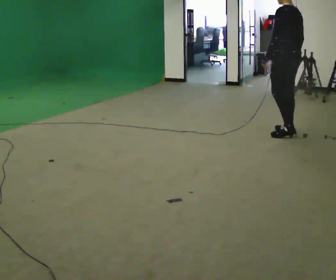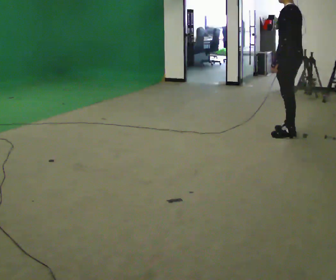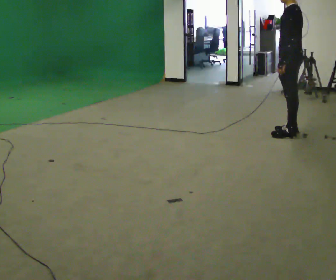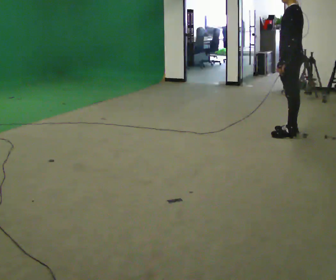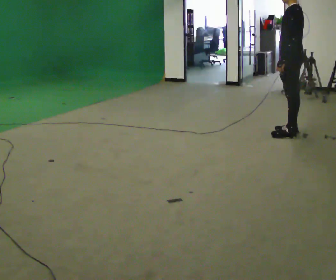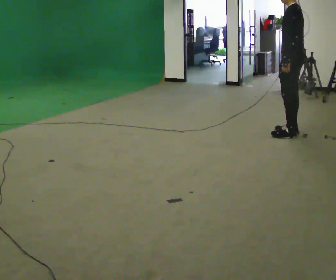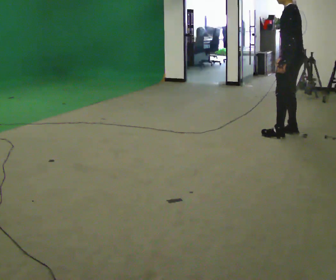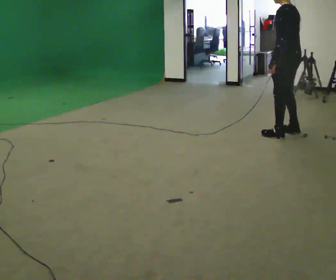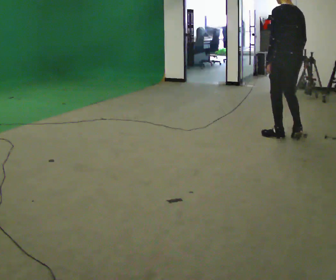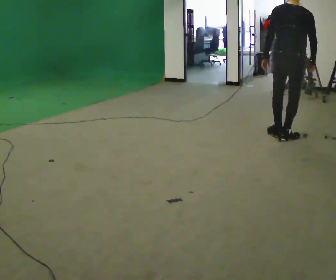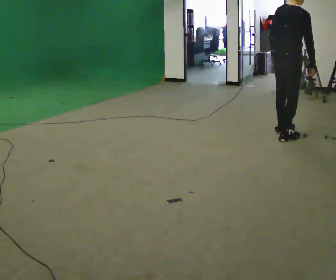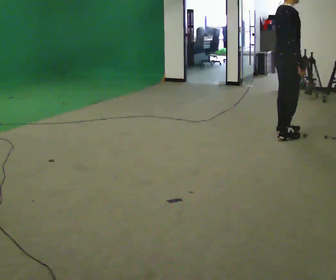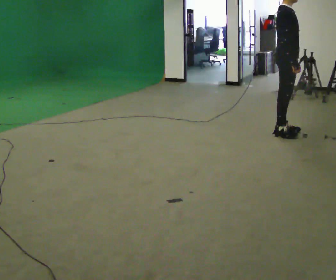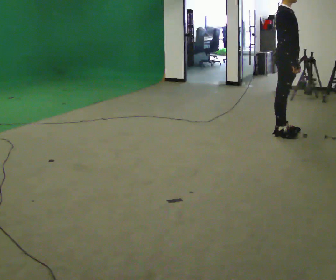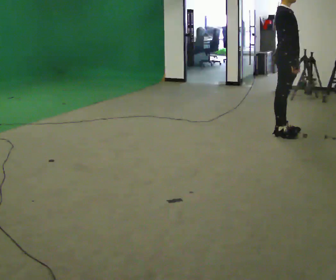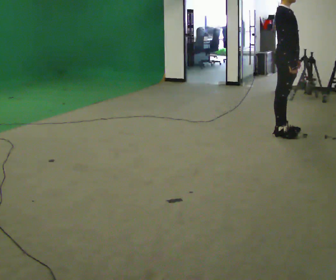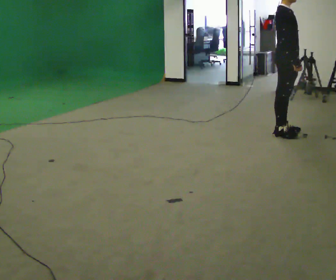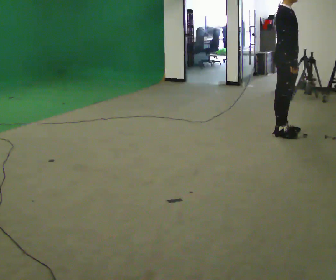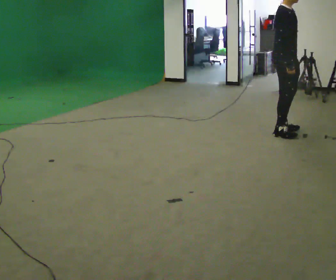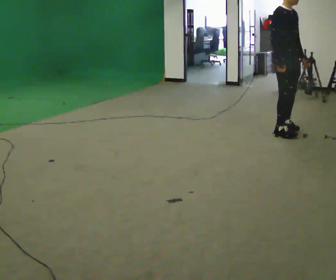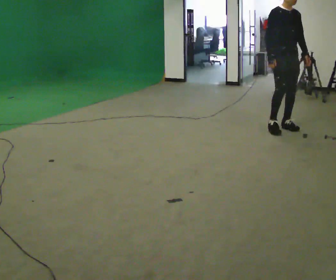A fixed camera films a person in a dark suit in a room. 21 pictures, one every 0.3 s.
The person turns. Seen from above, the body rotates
clockwise.
The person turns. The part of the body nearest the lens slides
to the left.
0.0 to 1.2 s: The person moves a little, or ends about where they began.
1.2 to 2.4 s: The person turns about 30 degrees to their right, clockwise seen from above, so the part of the body nearest the lens slides to the left.
2.4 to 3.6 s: The person turns about 135 degrees to their right, clockwise seen from above, so the part of the body nearest the lens slides to the left.
3.6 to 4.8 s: The person moves a little, or ends about where they began.
4.8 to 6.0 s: The person turns about 45 degrees to their right, clockwise seen from above, so the part of the body nearest the lens slides to the left. In the picture they go away from the camera, about 0.25 m in 2 steps, which for them is to their left.
The film runs backward here.
